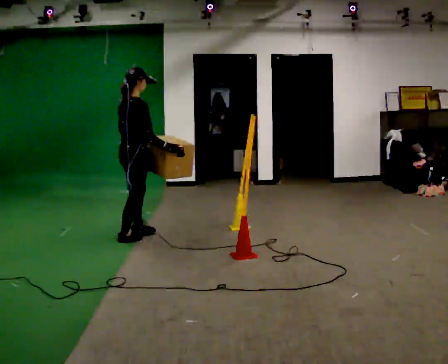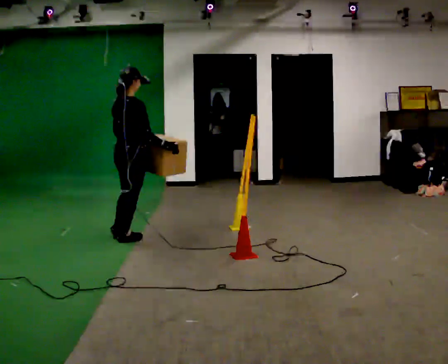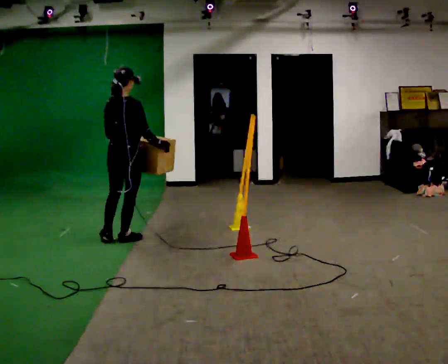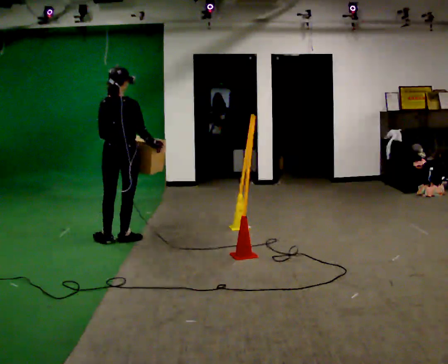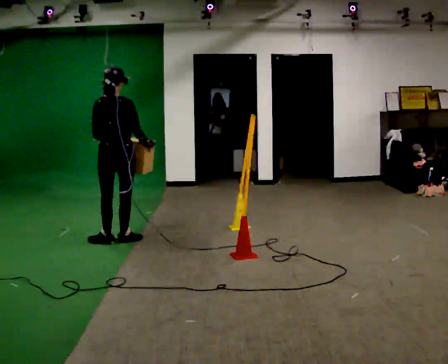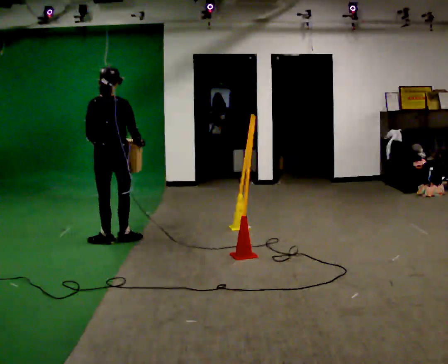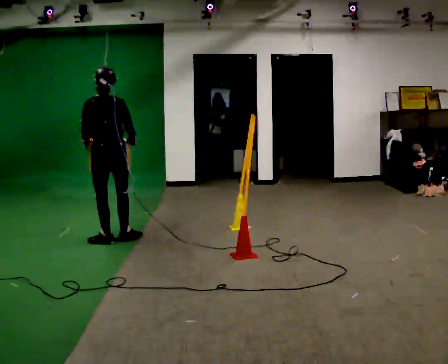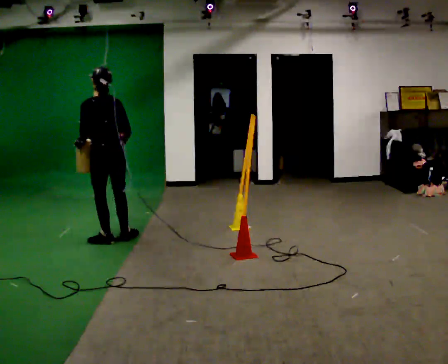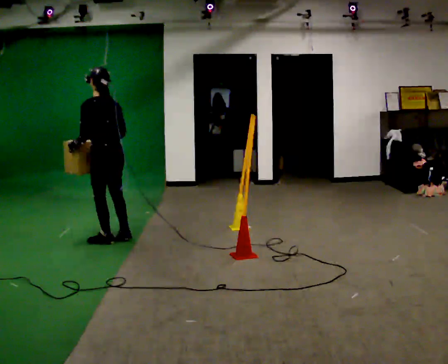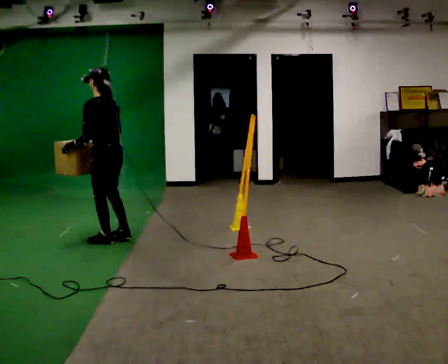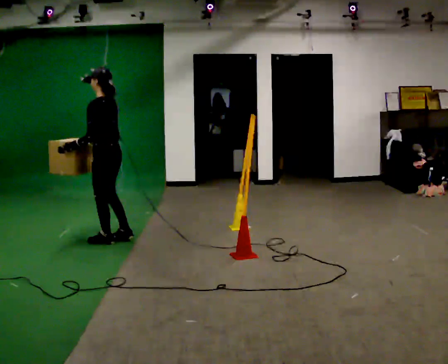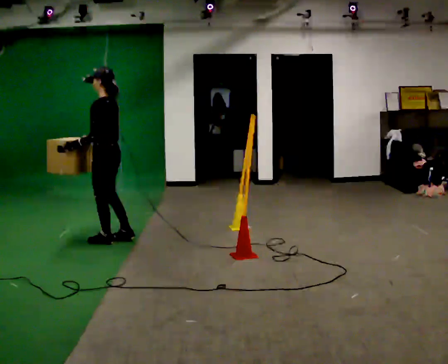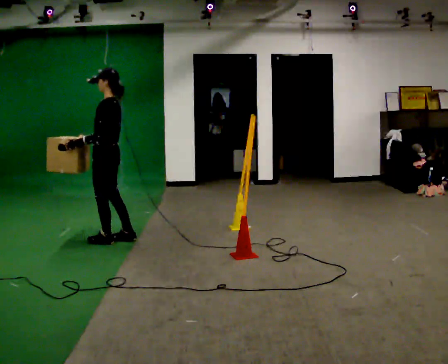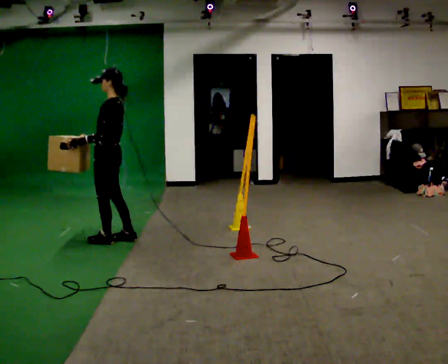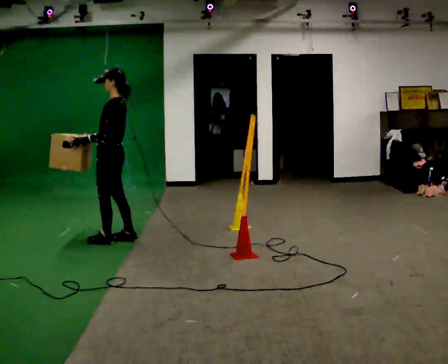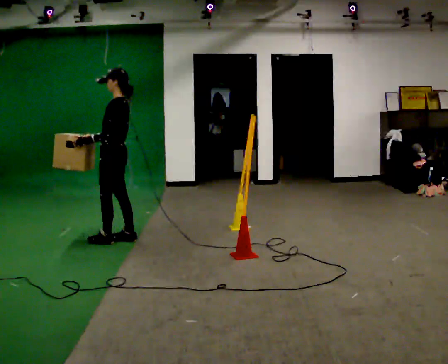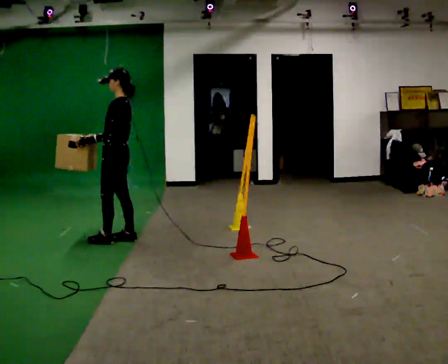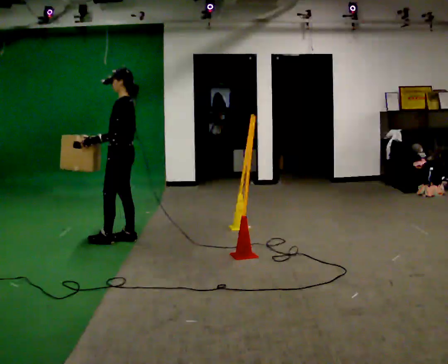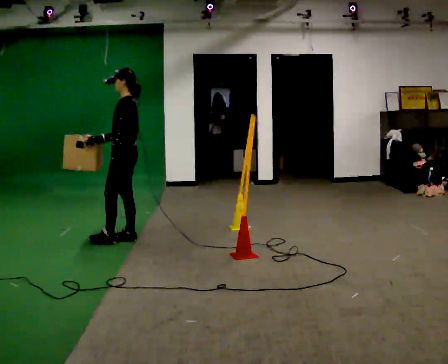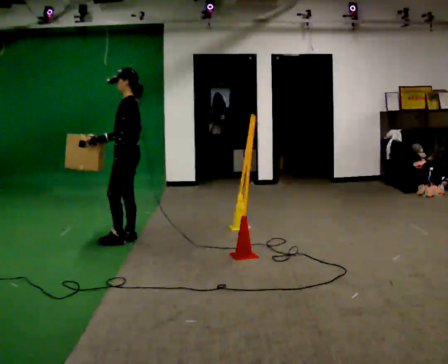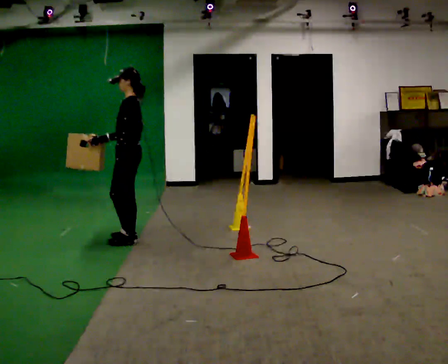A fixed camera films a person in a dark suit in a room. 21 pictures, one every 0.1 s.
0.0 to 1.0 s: The person turns about 135 degrees to their left, counterclockwise seen from above, so the part of the body nearest the lens slides to the right. In the picture they go to the left, about 0.25 m. In the picture their right hand goes to the left.
1.0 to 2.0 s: In the picture they go to the right, about 0.25 m in 1 step, which for them is backward.
The film runs backward here.
